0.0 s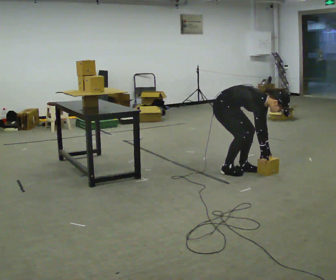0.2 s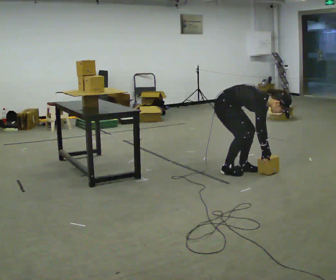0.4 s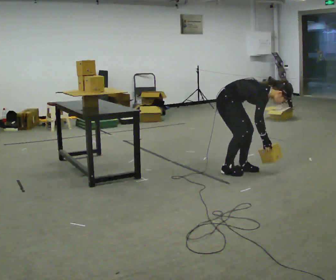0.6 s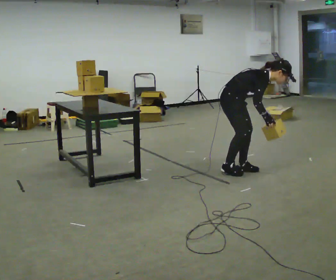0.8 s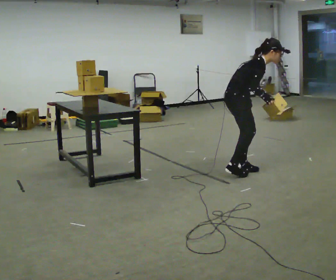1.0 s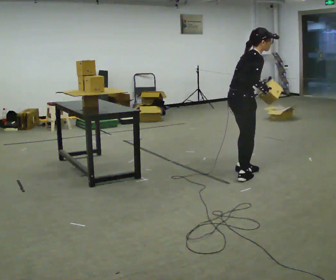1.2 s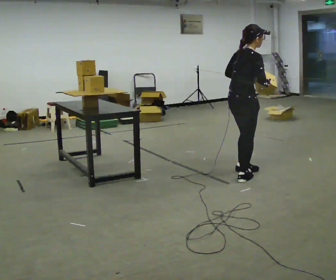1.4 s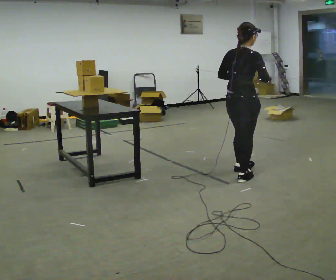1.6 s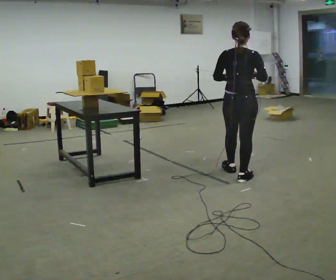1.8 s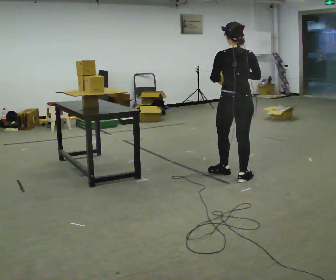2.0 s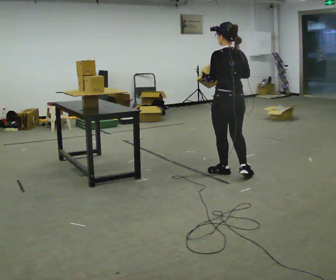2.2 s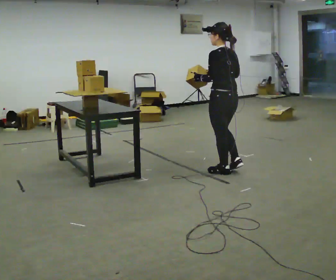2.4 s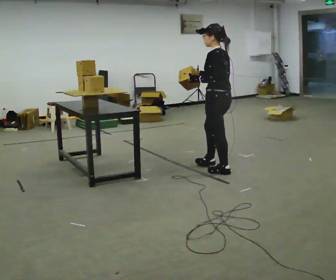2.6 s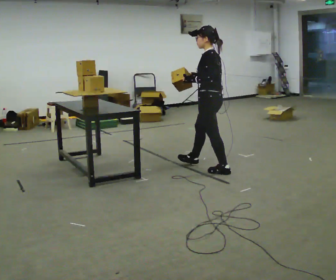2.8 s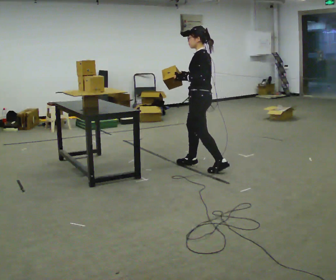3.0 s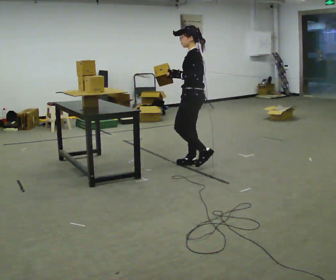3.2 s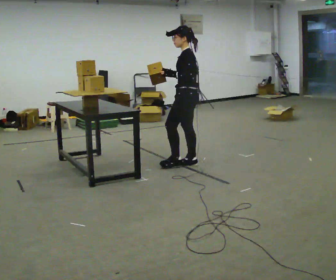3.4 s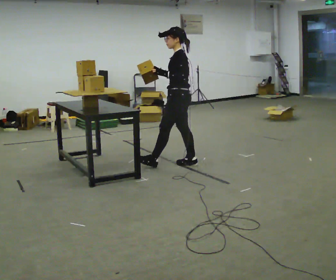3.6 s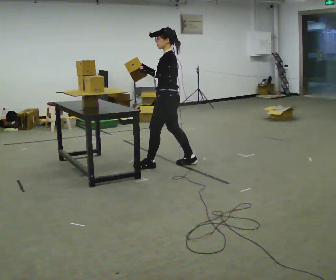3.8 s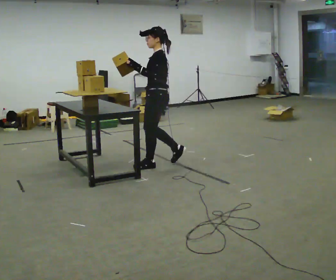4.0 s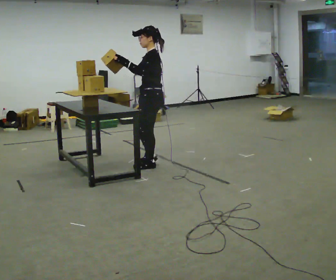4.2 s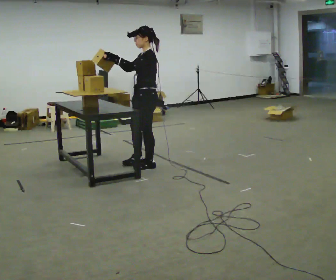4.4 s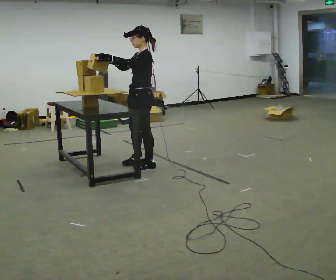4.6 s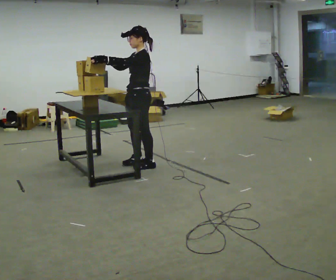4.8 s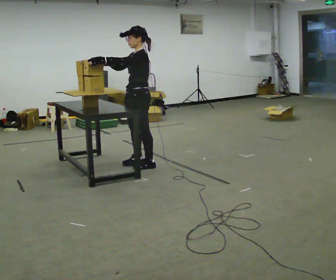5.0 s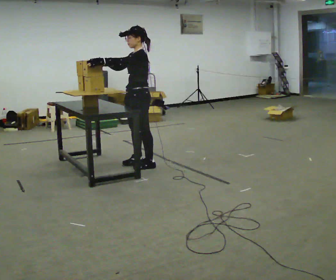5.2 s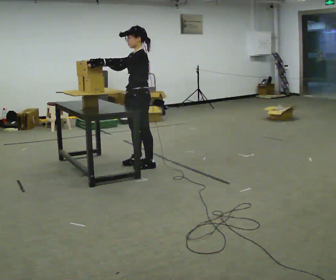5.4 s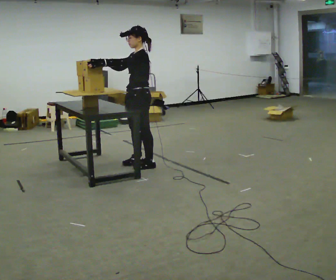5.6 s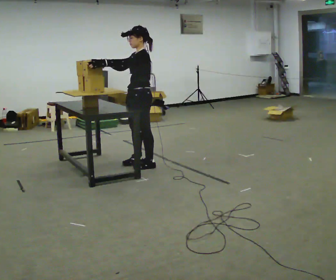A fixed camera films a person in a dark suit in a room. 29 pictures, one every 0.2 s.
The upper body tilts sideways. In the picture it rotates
counterclockwise.
The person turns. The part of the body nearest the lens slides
to the right.
0.0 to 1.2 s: Seen from above the body turns counterclockwise, about 45 degrees: to their left, with its near side sliding to the right. In the picture they go toward the camera, about 0.25 m in 1 step, which for them is forward and to their right. The upper body goes upward. In the picture the upper body tilts counterclockwise, shoulders to the left, as they lean back or straighten. In the picture their left hand goes upward.
1.2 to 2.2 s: Seen from above the body turns counterclockwise, about 105 degrees: to their left, with its near side sliding to the right. In the picture they go to the left, about 0.25 m in 1 step. In the picture their left hand goes to the left.
2.2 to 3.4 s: Seen from above the body turns counterclockwise, about 30 degrees: to their left, with its near side sliding to the right. In the picture they go to the left and away from the camera, about 0.5 m in 1 step, which for them is forward.
3.4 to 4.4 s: The part of the body nearest the lens slides to the right as the person turns to their left by about 30 degrees. In the picture they go to the left, about 0.5 m in 2 steps, which for them is forward.
4.4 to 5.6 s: The person moves a little, or ends about where they began.
The film runs forward here.
